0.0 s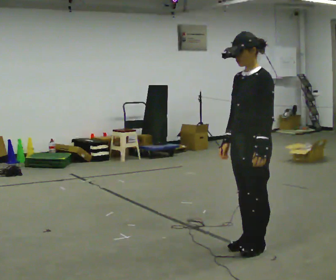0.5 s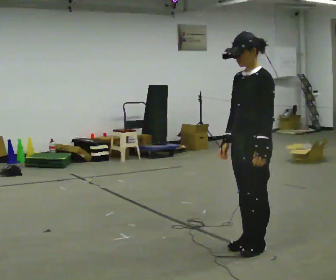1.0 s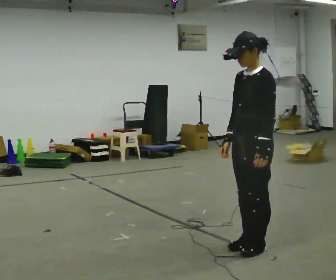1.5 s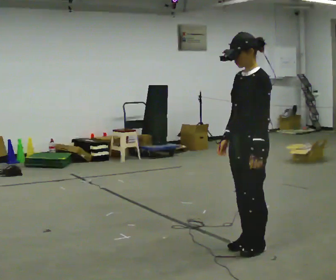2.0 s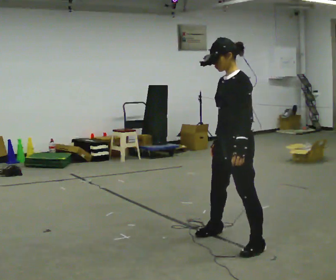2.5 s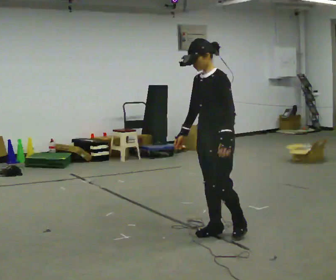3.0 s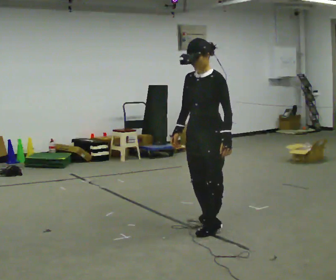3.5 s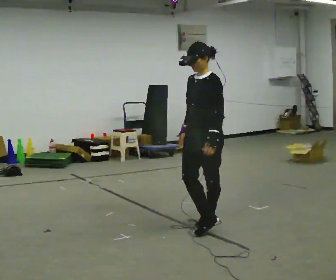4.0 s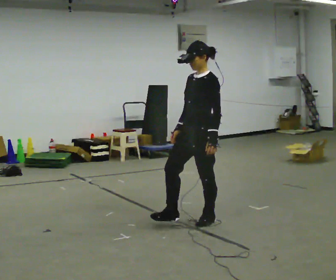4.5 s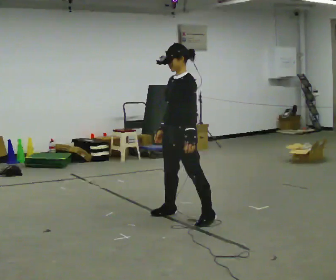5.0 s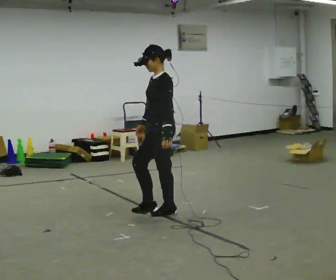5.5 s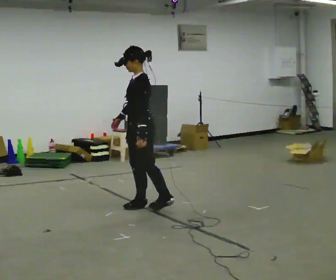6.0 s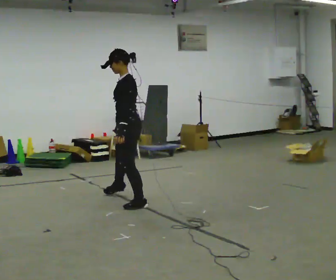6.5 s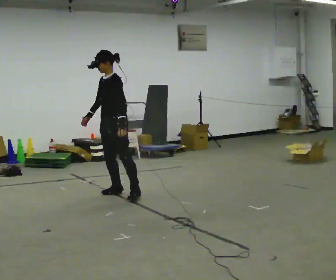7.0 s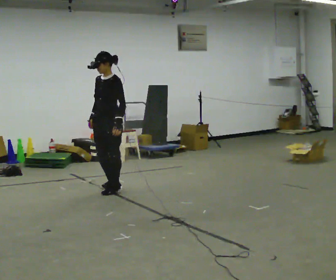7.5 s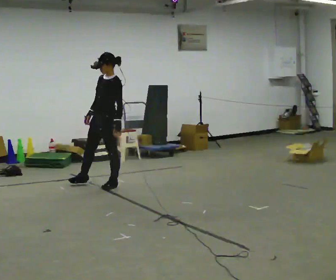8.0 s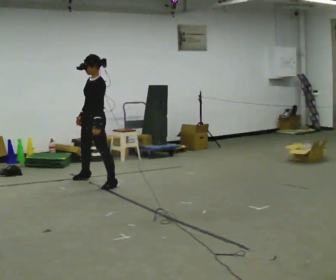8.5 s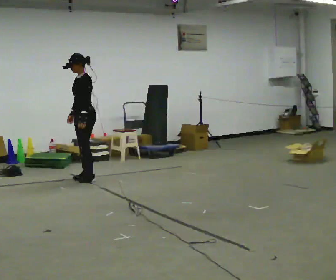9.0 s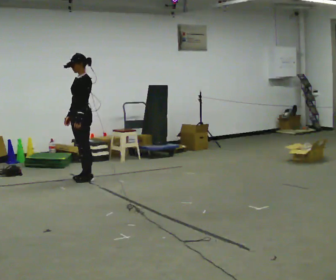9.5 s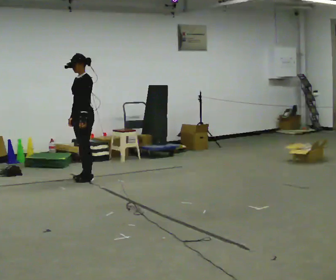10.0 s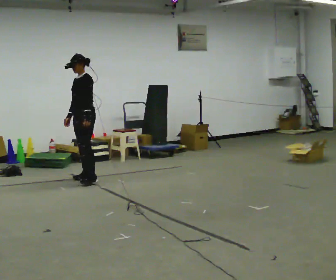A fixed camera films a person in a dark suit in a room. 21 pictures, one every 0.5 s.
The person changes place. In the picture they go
away from the camera.
0.0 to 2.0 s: In the picture they go away from the camera, about 0.25 m in 1 step, which for them is to their right.
2.0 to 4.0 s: In the picture they go away from the camera, about 0.5 m in 1 step, which for them is to their right and backward.
4.0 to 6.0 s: In the picture they go away from the camera and to the left, about 1 m in 2 steps, which for them is to their right and forward.
6.0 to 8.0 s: In the picture they go away from the camera and to the left, about 1 m in 3 steps, which for them is to their right and backward.
8.0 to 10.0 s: In the picture they go away from the camera and to the left, about 0.25 m in 1 step, which for them is to their right.
The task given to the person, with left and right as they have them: Move sideways in the direction the operator calls, crossing one foot in front and then behind, alternating.
The film runs forward here.
